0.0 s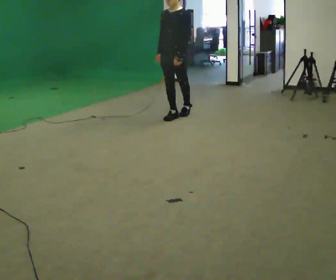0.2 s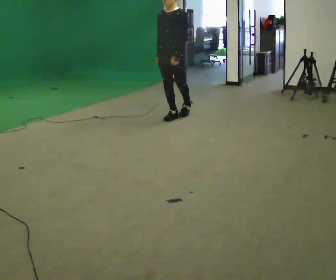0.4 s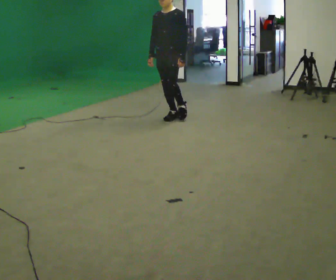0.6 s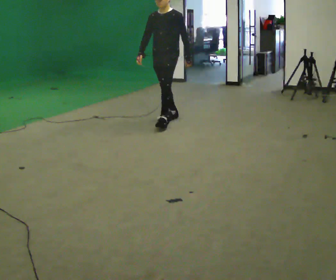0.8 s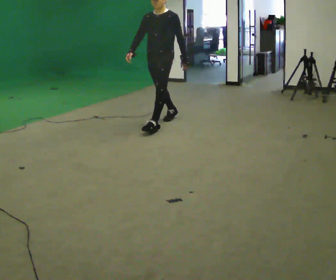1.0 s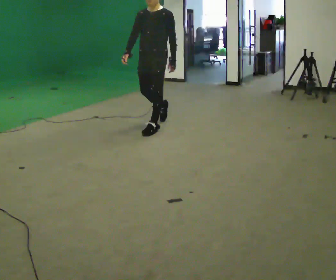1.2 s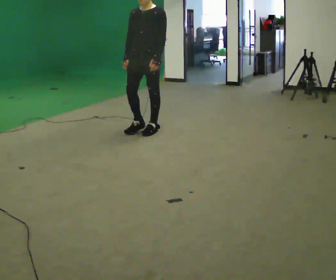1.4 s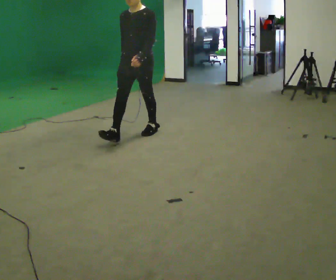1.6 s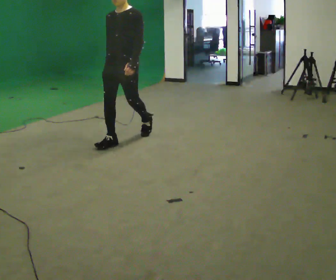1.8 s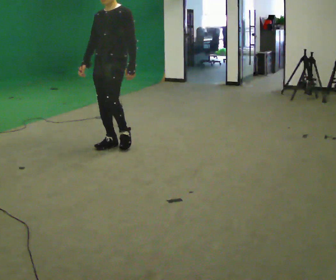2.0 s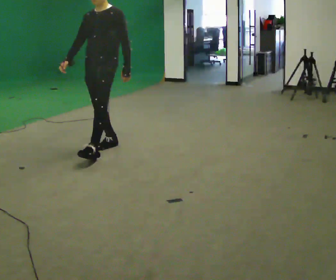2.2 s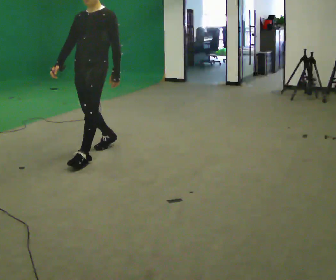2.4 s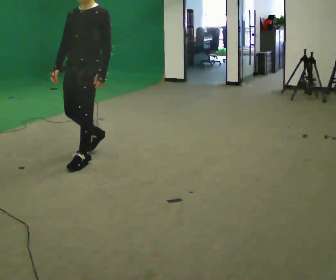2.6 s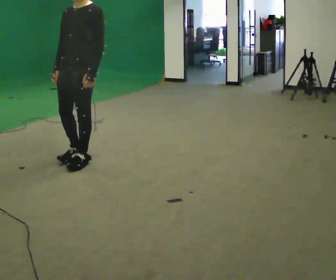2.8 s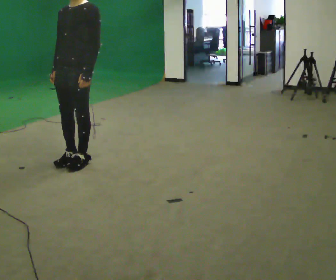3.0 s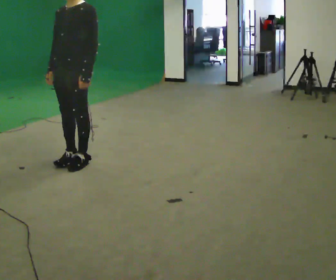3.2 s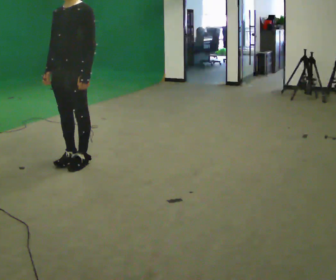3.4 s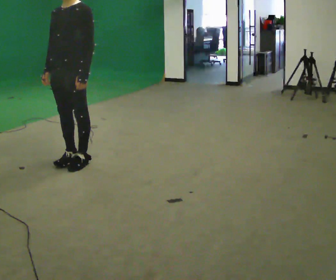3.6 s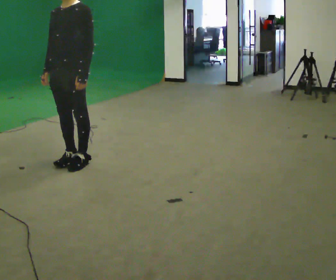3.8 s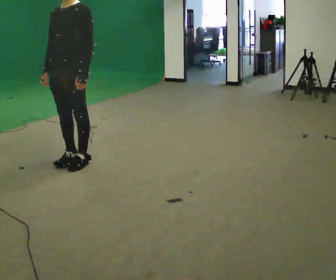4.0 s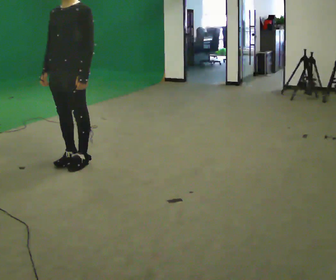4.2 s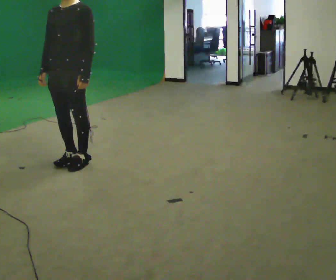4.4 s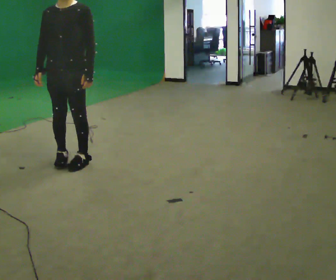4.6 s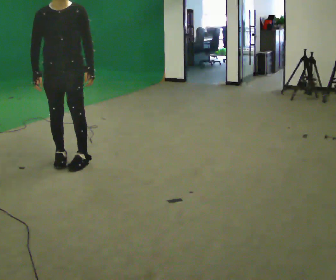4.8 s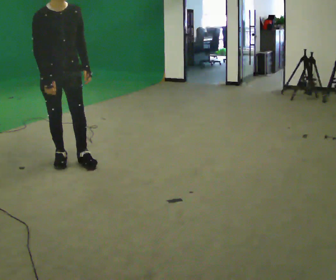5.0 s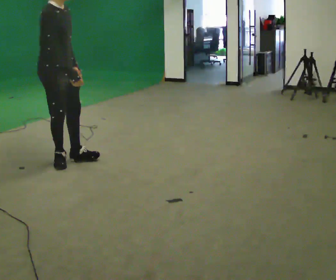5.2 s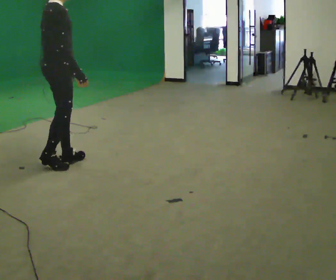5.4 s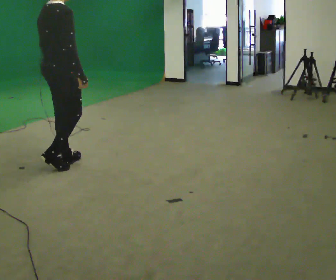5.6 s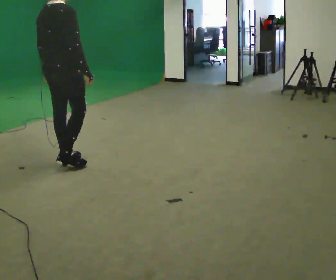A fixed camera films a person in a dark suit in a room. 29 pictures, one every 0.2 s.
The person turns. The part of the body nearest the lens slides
to the right.
The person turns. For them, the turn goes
to their left.
0.0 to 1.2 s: In the picture they go toward the camera and to the left, about 1 m in 1 step, which for them is forward.
1.2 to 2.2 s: In the picture they go toward the camera and to the left, about 1 m in 2 steps, which for them is forward.
2.2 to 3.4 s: In the picture they go toward the camera and to the left, about 0.25 m in 1 step, which for them is forward.
3.4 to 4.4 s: Seen from above the body turns counterclockwise, about 30 degrees: to their left, with its near side sliding to the right.
4.4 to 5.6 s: The person turns about 150 degrees to their left, counterclockwise seen from above, so the part of the body nearest the lens slides to the right. In the picture their right hand goes to the right, the arm swinging counterclockwise.
The film runs forward here.
